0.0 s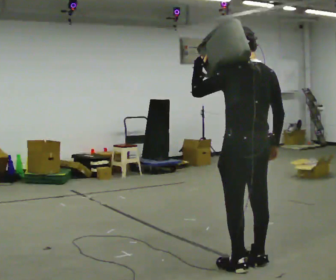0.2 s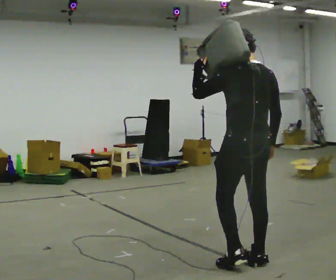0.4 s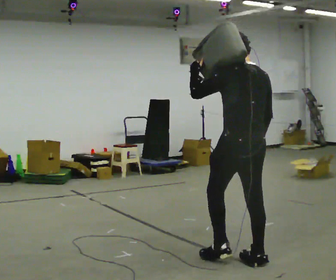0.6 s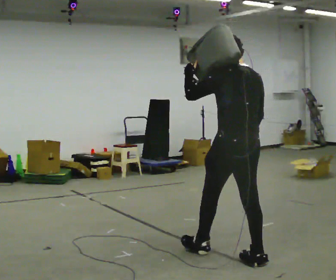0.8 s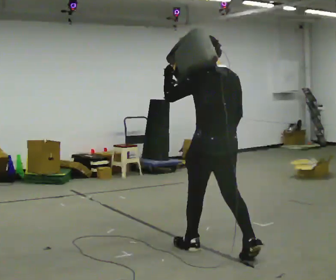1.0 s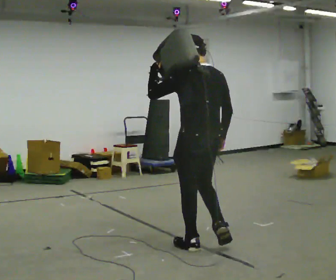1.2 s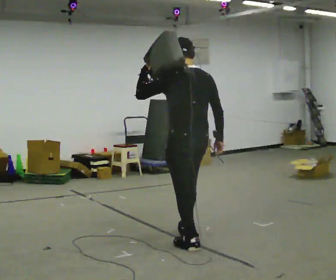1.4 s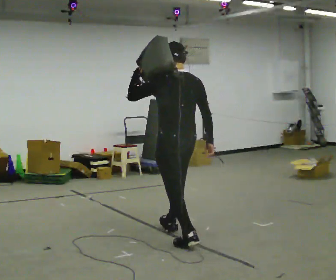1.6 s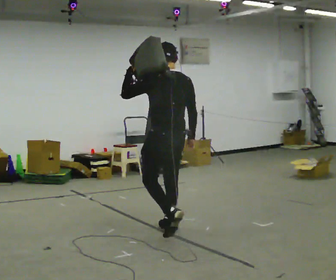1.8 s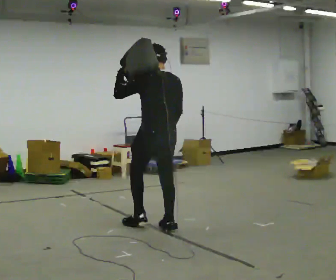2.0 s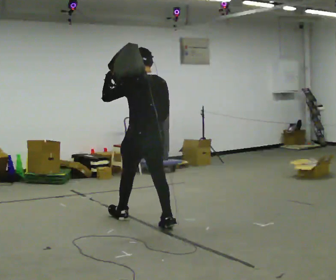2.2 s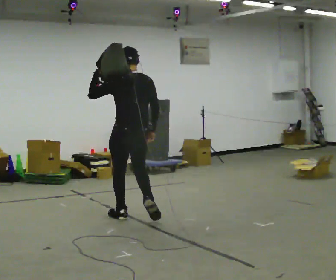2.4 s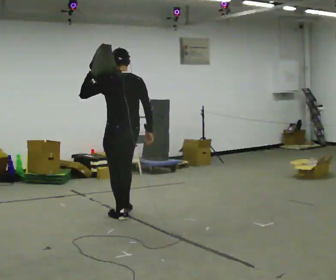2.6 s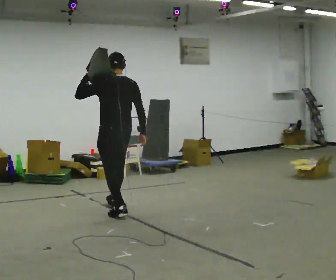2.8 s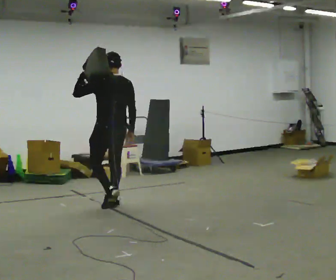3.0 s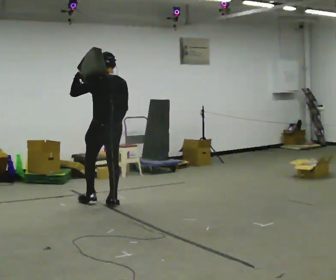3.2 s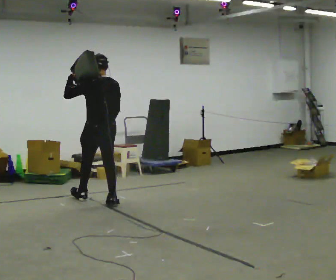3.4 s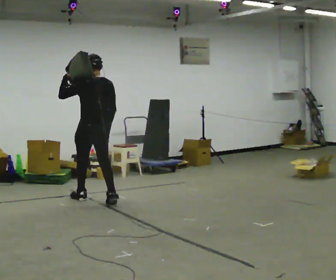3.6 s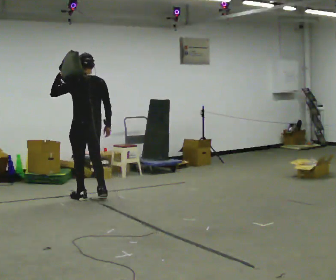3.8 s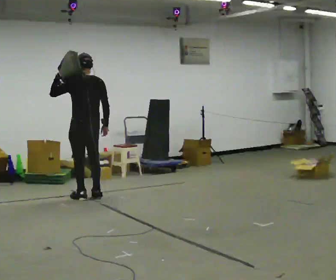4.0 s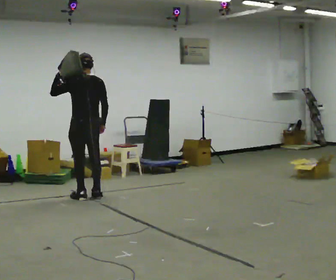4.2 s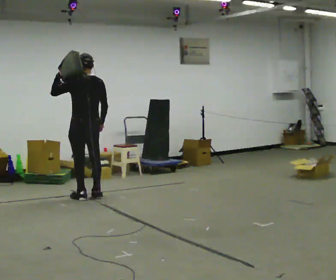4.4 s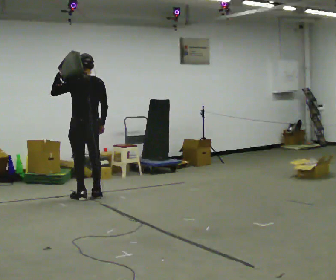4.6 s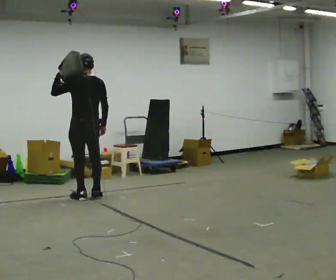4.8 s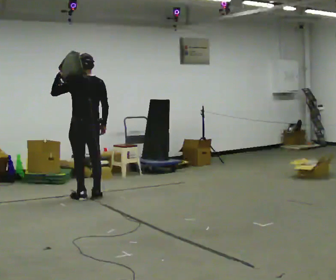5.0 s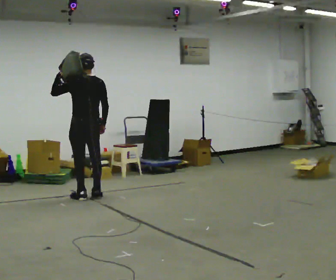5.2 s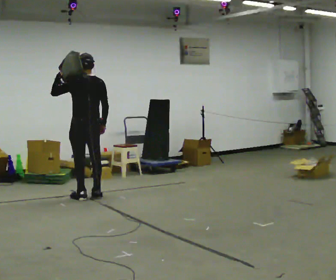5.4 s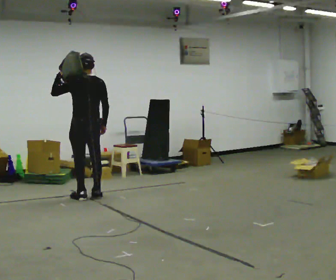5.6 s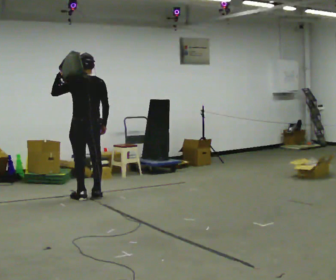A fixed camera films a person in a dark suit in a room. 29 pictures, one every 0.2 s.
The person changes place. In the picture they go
away from the camera.
0.0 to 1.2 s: In the picture they go away from the camera and to the left, about 0.75 m in 1 step, which for them is forward.
1.2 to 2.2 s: In the picture they go away from the camera and to the left, about 1 m in 2 steps, which for them is forward.
2.2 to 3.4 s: In the picture they go away from the camera and to the left, about 1 m in 2 steps, which for them is forward.
3.4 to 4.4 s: In the picture they go away from the camera, about 0.25 m in 1 step, which for them is forward.
4.4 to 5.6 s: The person moves a little, or ends about where they began.
The film runs forward here.
